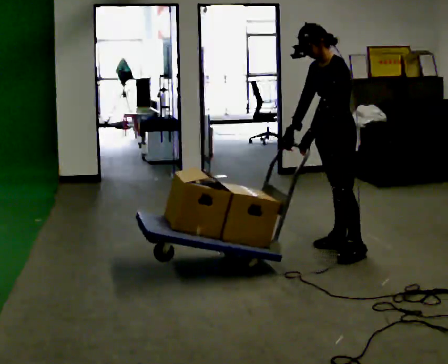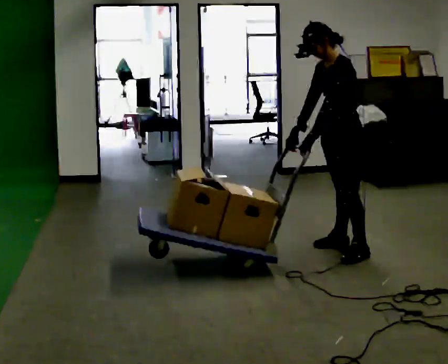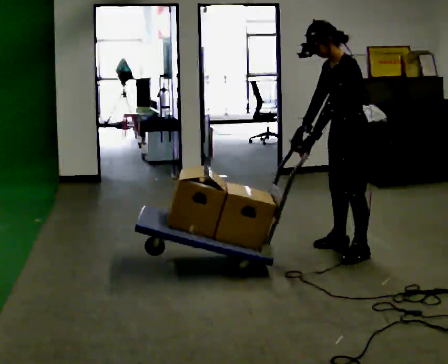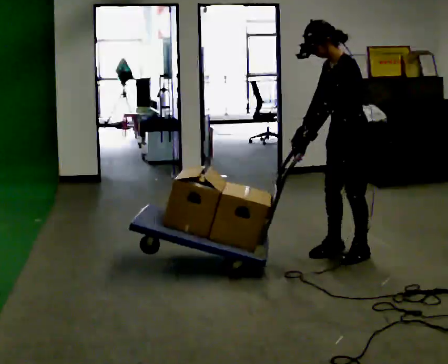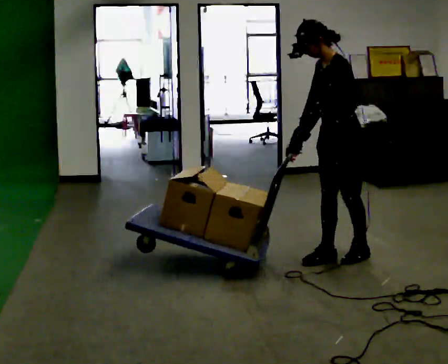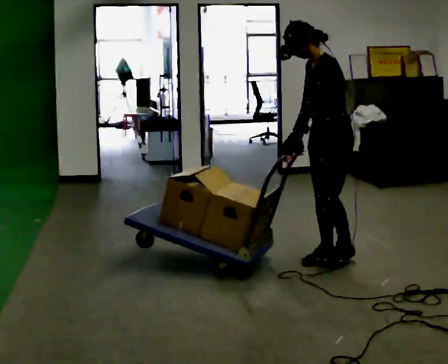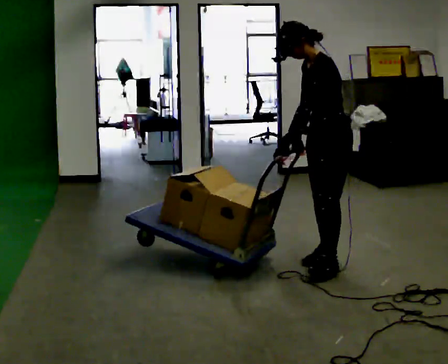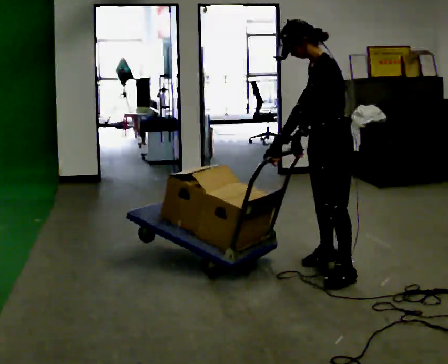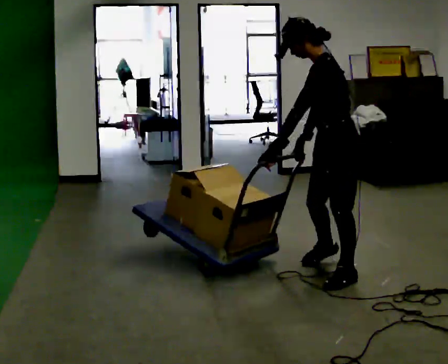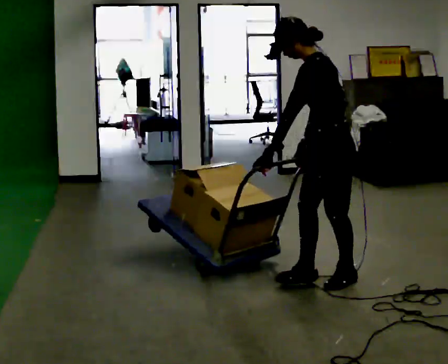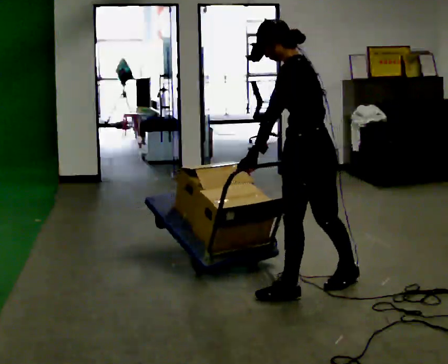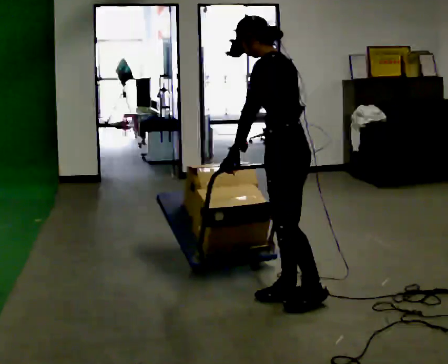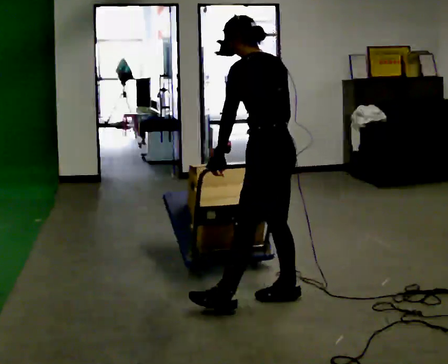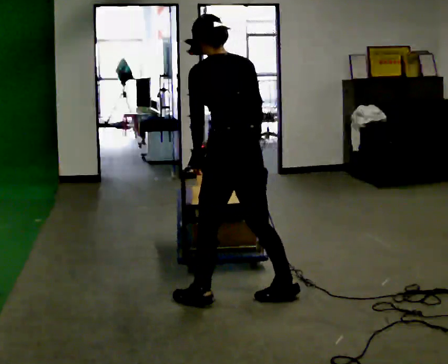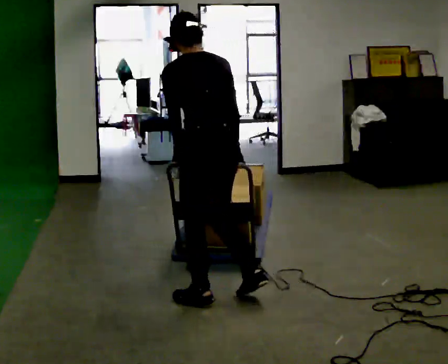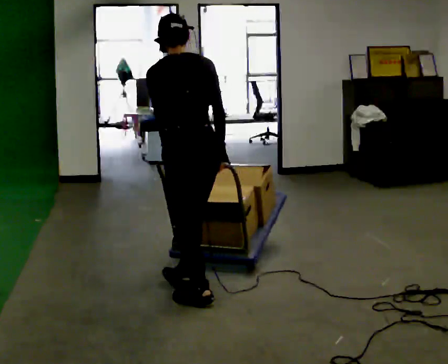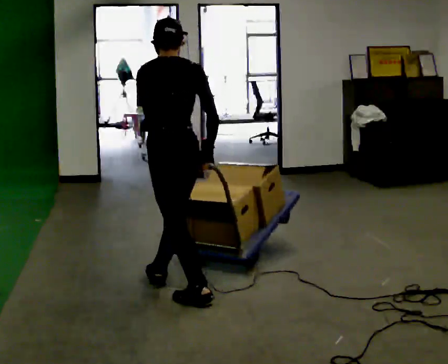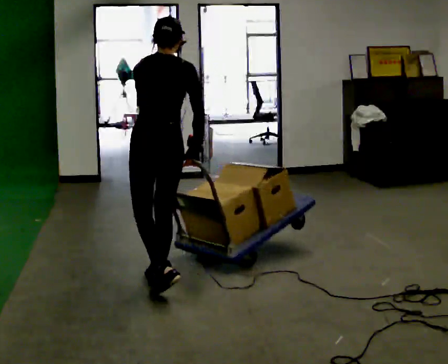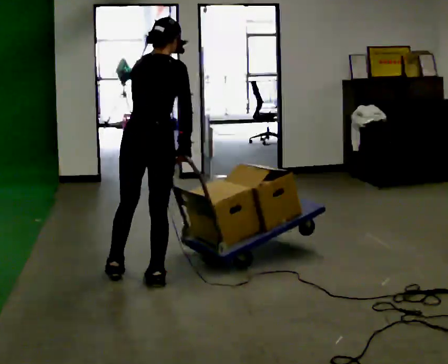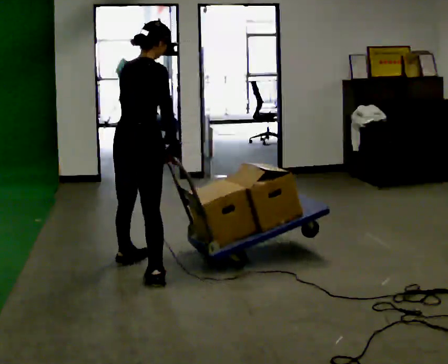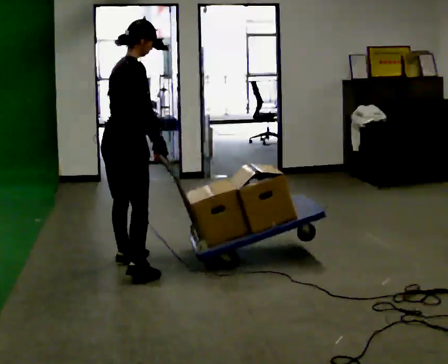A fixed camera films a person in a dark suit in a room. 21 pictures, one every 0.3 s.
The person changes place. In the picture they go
to the left.
The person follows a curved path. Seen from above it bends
clockwise.
0.0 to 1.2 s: In the picture they go toward the camera, about 0.25 m in 1 step, which for them is to their left.
1.2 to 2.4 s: In the picture they go toward the camera, about 0.5 m in 1 step, which for them is to their left and forward.
2.4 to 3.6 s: The person turns about 30 degrees to their right, clockwise seen from above, so the part of the body nearest the lens slides to the left. In the picture they go to the left and toward the camera, about 0.5 m in 1 step, which for them is forward and to their left.
3.6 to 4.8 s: The part of the body nearest the lens slides to the left as the person turns to their right by about 30 degrees. In the picture they go to the left, about 0.5 m in 2 steps, which for them is to their left and forward.
4.8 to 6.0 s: The part of the body nearest the lens slides to the left as the person turns to their right by about 90 degrees. In the picture they go away from the camera and to the left, about 0.5 m in 1 step. In the picture the upper body tilts clockwise, shoulders to the right.
The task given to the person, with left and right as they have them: Turn the cart round to face the other way without moving it out of the marked square, then turn it back. Repeat until the operator says stop.
The film runs forward here.
